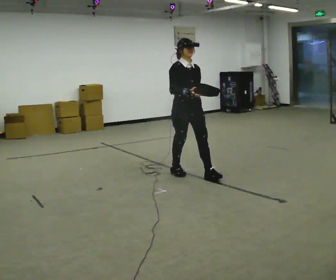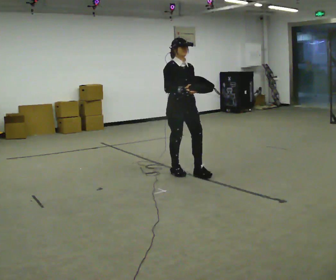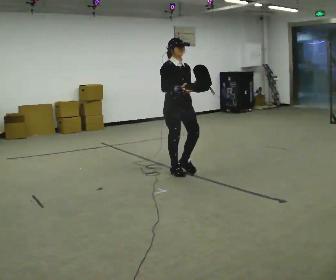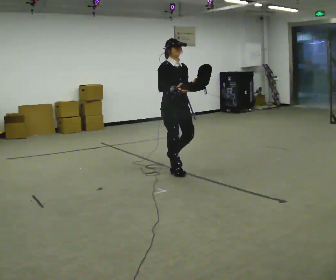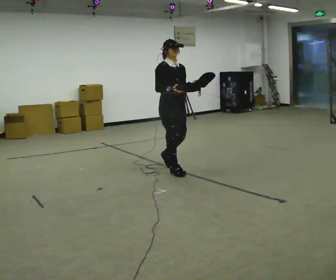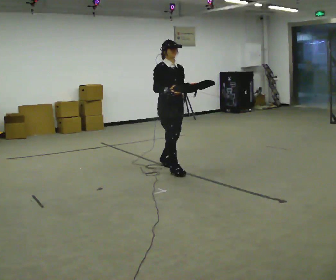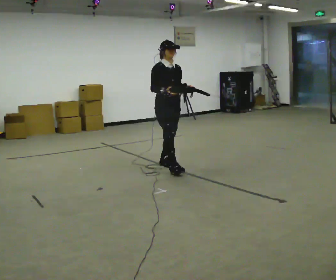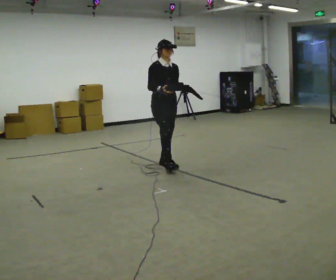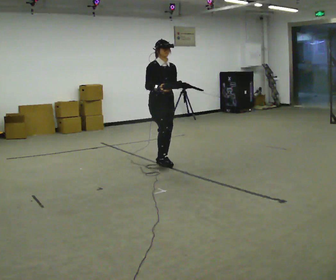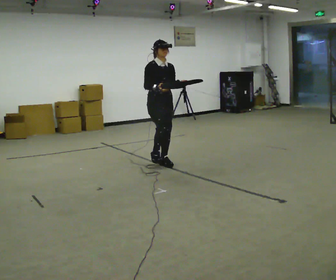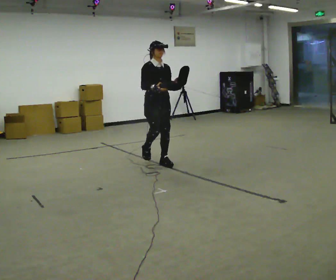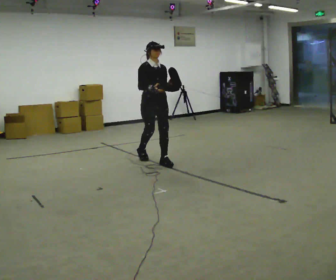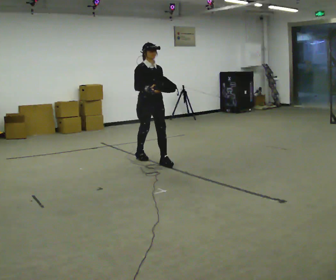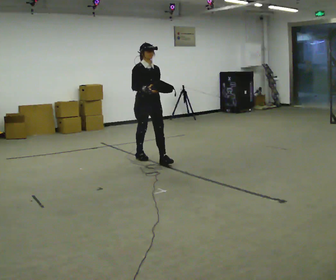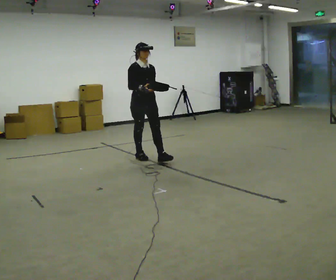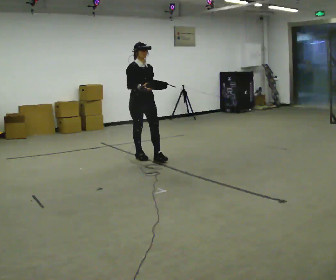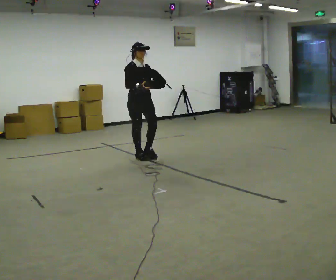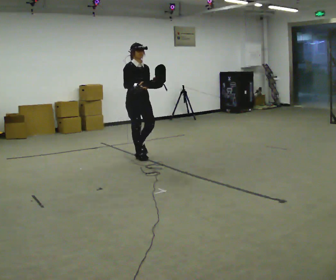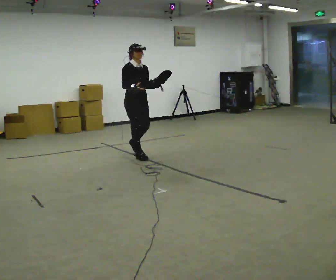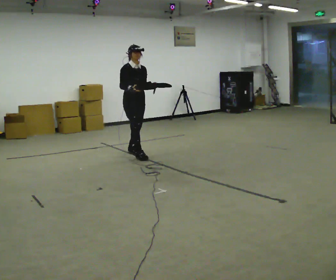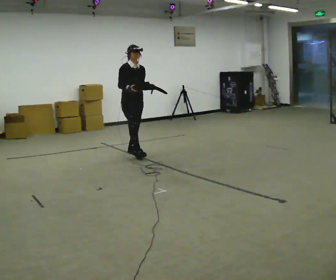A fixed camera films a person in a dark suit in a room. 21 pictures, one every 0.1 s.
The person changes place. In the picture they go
away from the camera.
0.0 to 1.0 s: In the picture they go away from the camera and to the left, about 0.5 m in 2 steps, which for them is backward.
1.0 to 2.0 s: In the picture they go away from the camera and to the left, about 0.75 m in 1 step, which for them is backward.
The film runs backward here.
